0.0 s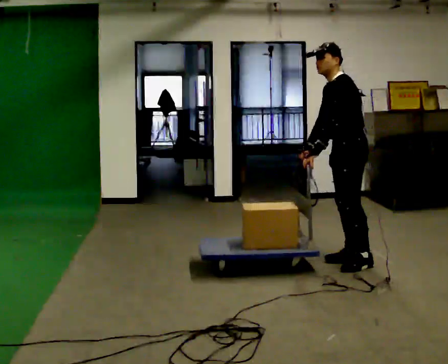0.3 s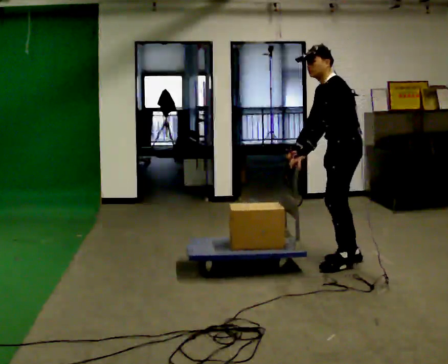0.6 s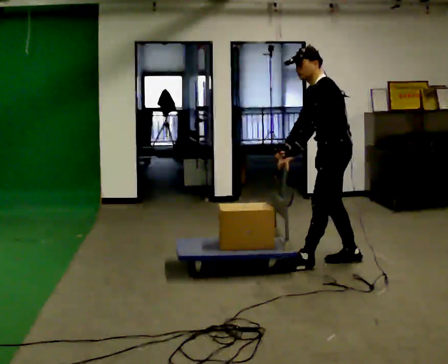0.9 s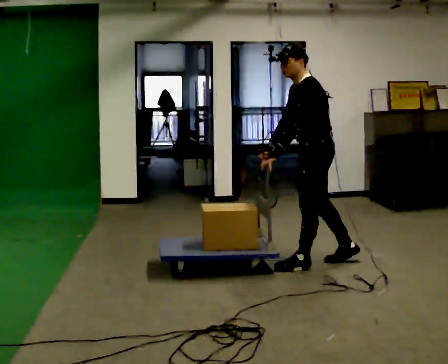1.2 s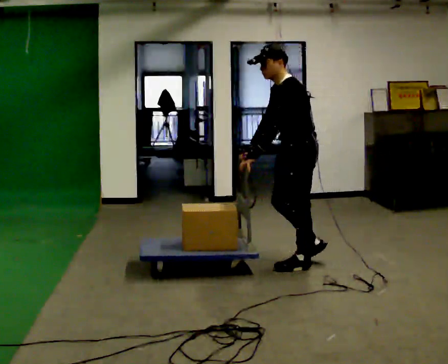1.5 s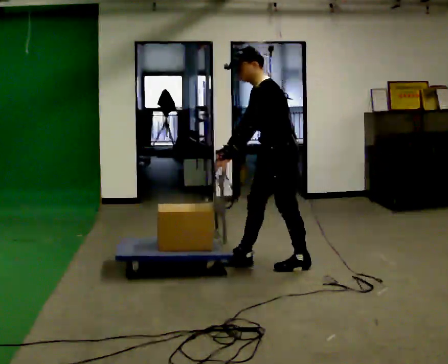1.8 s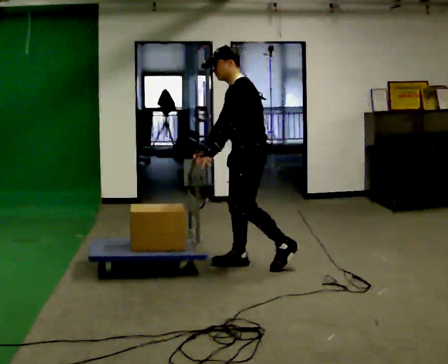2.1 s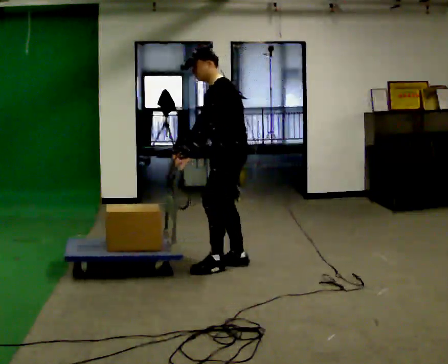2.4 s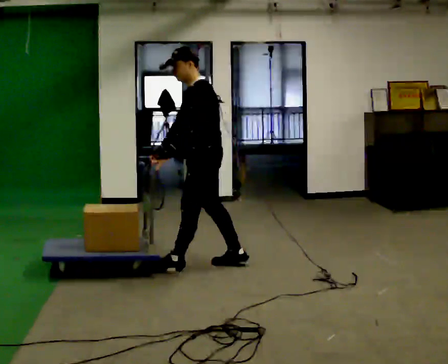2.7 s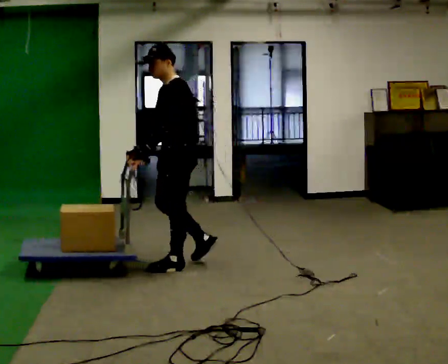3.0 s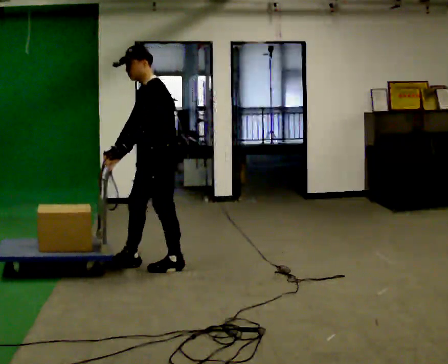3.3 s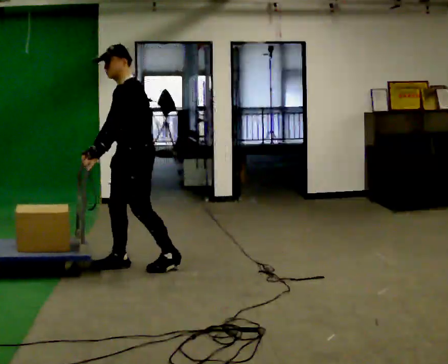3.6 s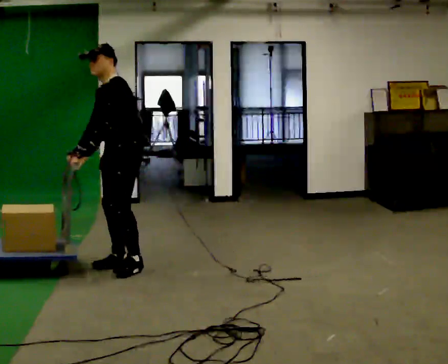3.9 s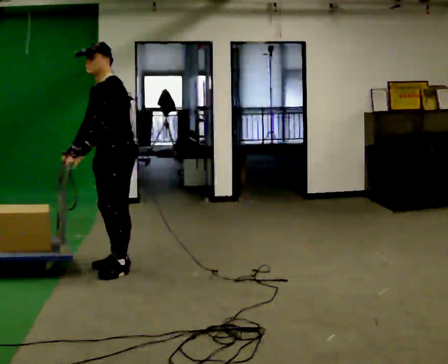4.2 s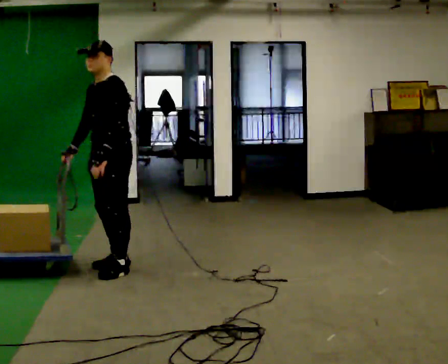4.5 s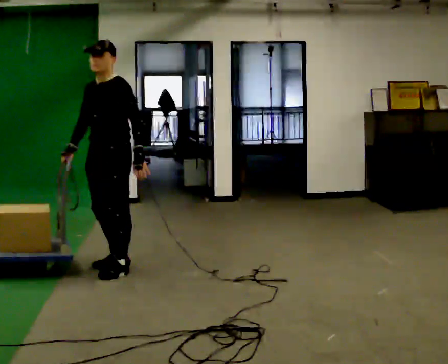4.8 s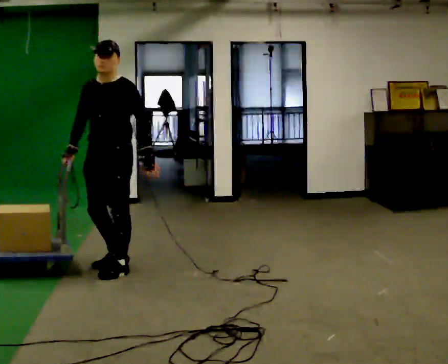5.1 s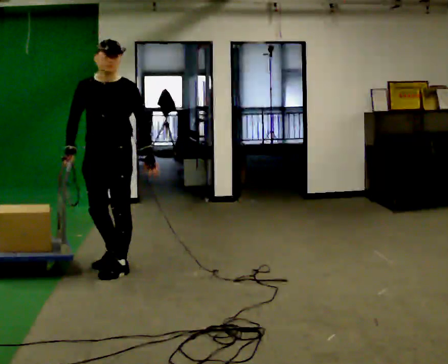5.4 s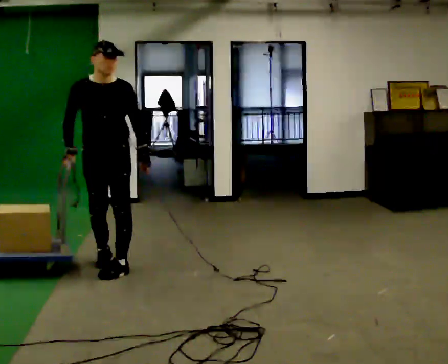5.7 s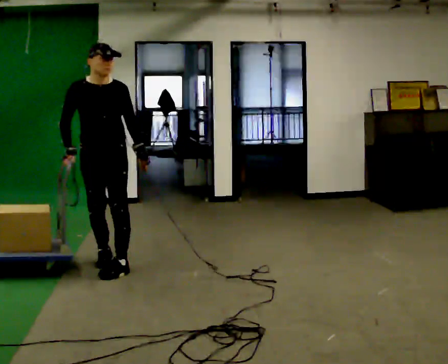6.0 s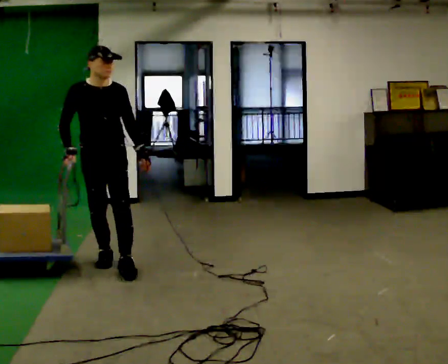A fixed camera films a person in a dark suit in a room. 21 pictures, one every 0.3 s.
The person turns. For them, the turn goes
to their left.
The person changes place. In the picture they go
to the left.
0.0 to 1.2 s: In the picture they go to the left, about 0.5 m in 1 step, which for them is forward.
1.2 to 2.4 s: In the picture they go to the left, about 0.5 m in 2 steps, which for them is forward.
2.4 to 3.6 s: The part of the body nearest the lens slides to the right as the person turns to their left by about 30 degrees. In the picture they go to the left, about 0.5 m in 1 step, which for them is forward.
3.6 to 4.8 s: Seen from above the body turns counterclockwise, about 30 degrees: to their left, with its near side sliding to the right. In the picture their left hand goes to the right, the arm swinging counterclockwise.
4.8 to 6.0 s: Seen from above the body turns counterclockwise, about 45 degrees: to their left, with its near side sliding to the right. In the picture they go away from the camera, about 0.25 m in 1 step, which for them is backward.
The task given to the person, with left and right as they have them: Drag the sled across the room. The bags on it are loose and will move about as it goes. The operator will log the load and the peak reading on the scale for every take.
The film runs forward here.
